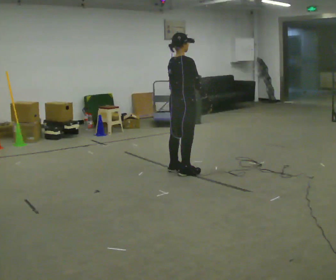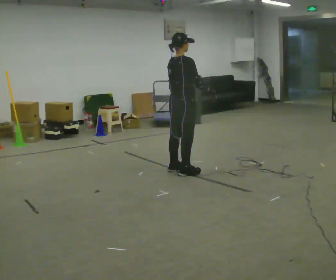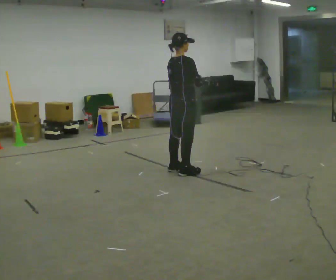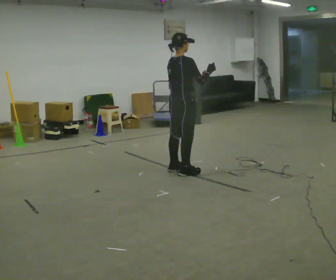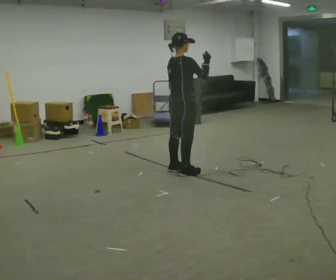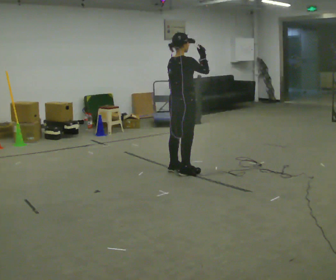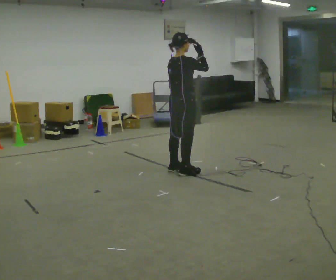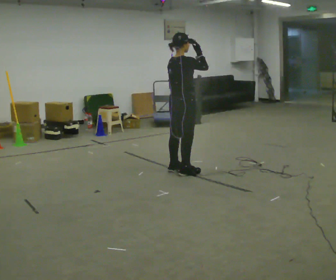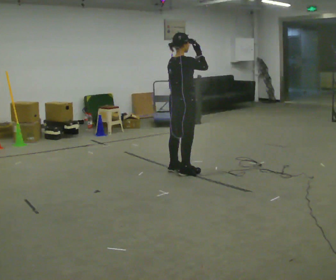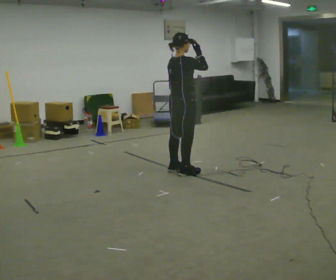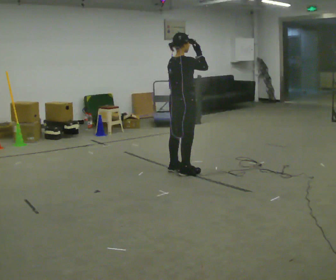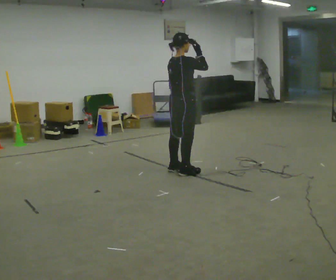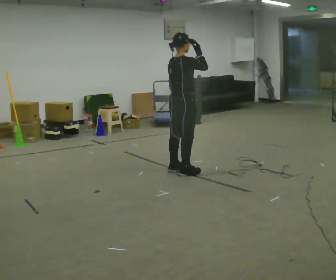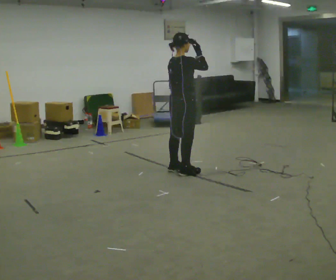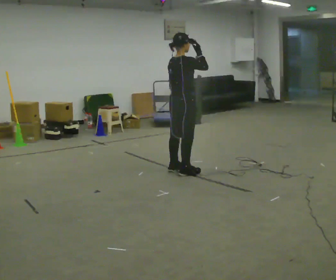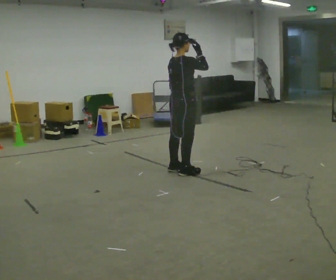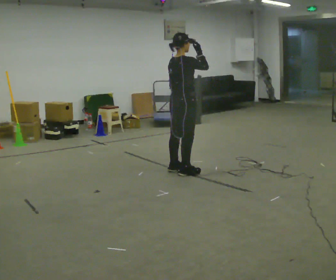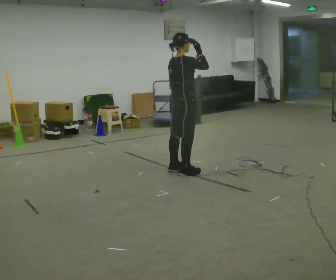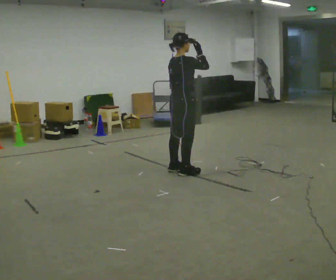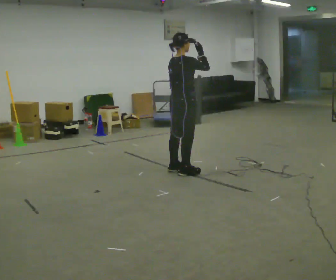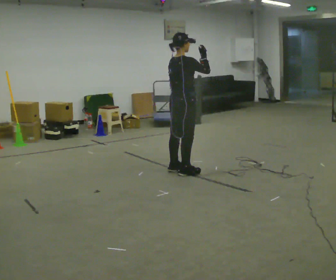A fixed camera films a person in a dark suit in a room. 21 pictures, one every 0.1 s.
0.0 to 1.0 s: In the picture their right hand goes upward.
1.0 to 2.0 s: The person moves a little, or ends about where they began.
The film runs backward here.
